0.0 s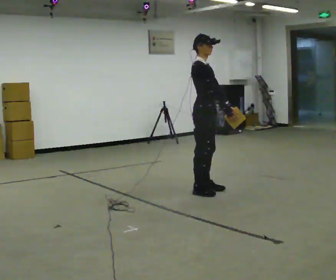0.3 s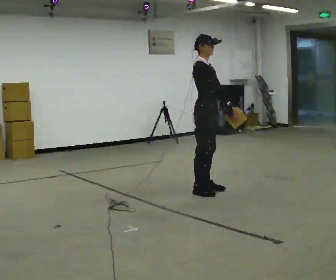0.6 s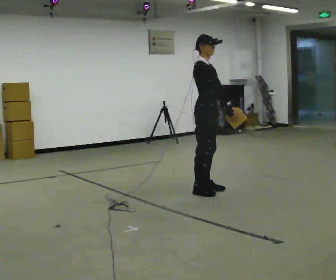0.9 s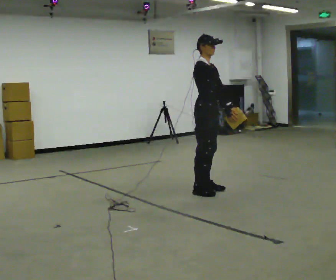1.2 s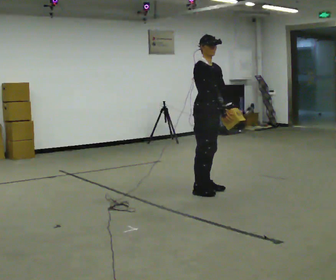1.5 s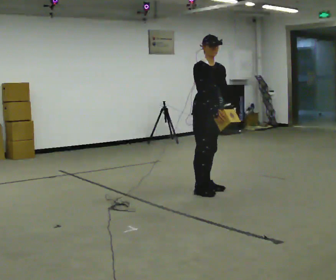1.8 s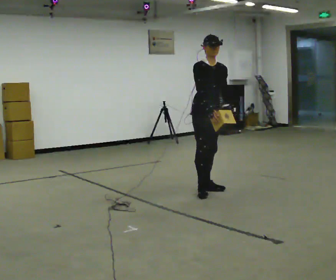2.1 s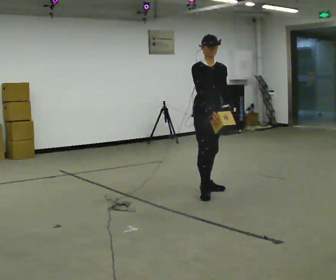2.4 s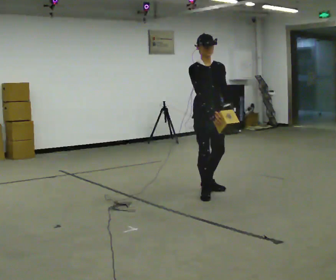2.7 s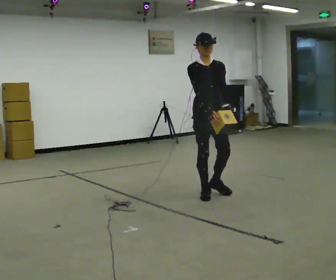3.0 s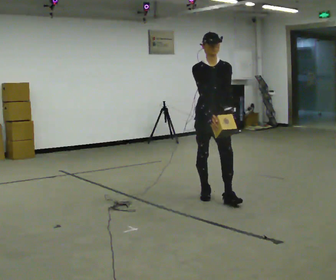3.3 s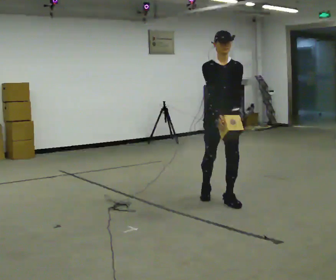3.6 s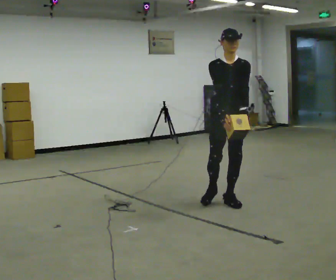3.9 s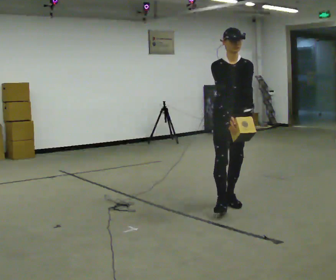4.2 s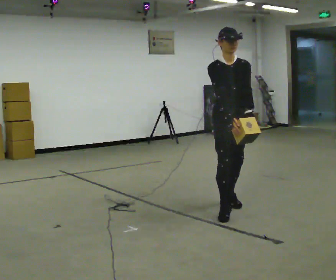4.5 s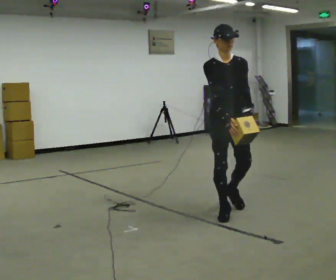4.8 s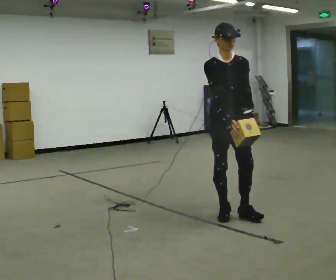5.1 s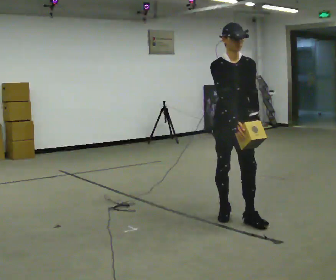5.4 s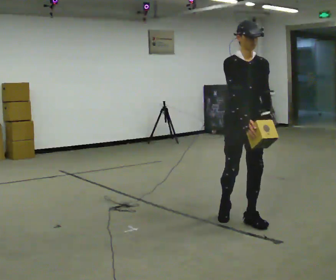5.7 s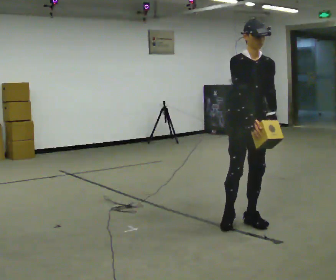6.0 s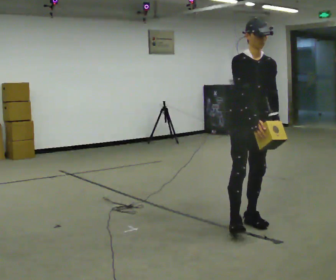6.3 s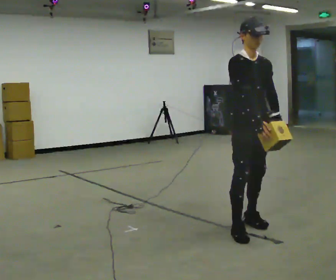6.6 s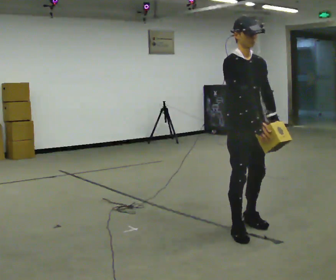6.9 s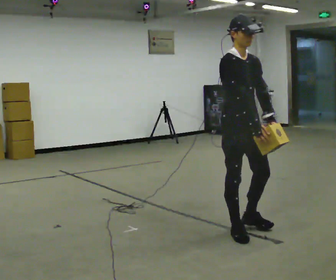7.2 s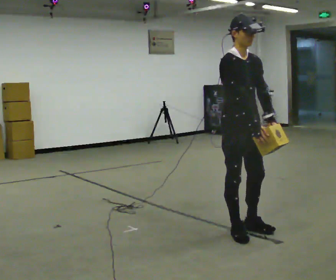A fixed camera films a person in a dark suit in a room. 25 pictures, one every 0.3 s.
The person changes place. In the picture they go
toward the camera.
0.0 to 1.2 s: The person moves a little, or ends about where they began.
1.2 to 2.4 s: The person turns about 30 degrees to their right, clockwise seen from above, so the part of the body nearest the lens slides to the left. In the picture they go toward the camera, about 0.25 m in 1 step, which for them is forward.
2.4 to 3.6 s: In the picture they go toward the camera and to the right, about 0.5 m in 1 step, which for them is forward.
3.6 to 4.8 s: In the picture they go toward the camera, about 0.5 m in 1 step, which for them is forward and to their right.
4.8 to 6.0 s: In the picture they go toward the camera and to the right, about 0.25 m in 1 step, which for them is forward.
6.0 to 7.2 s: In the picture they go toward the camera, about 0.25 m in 2 steps, which for them is to their right.
The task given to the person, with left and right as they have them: Carry the light box in both hands in front of you, walking back and forth across the room. Keep walking until the operator says stop.
The film runs forward here.
